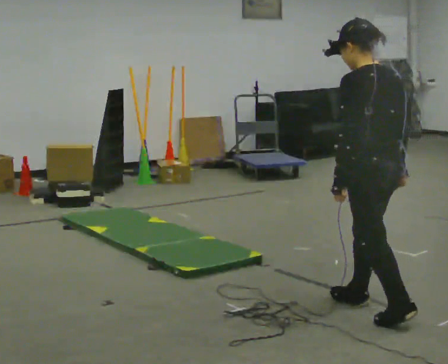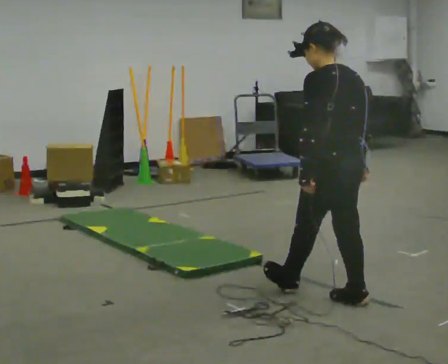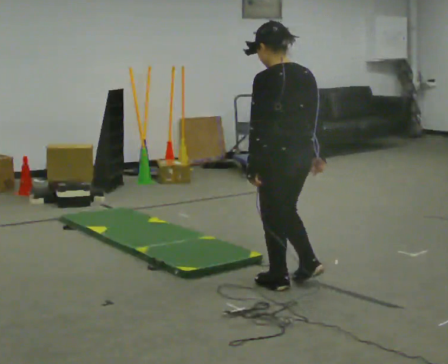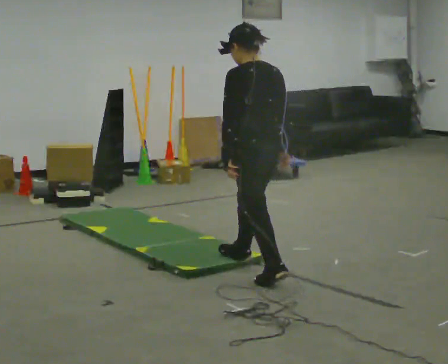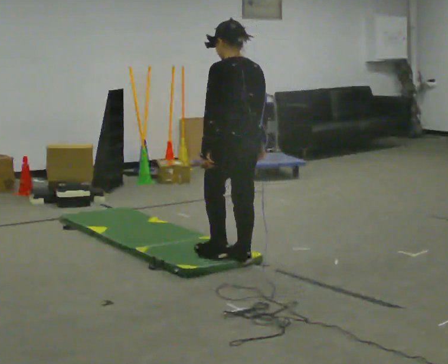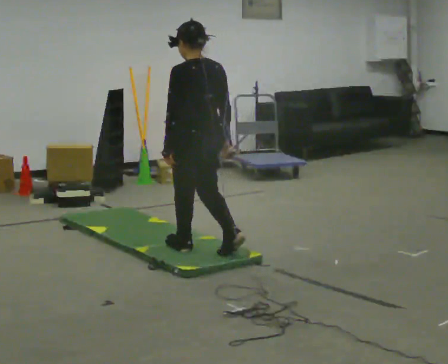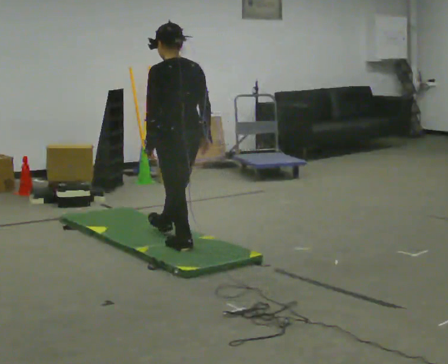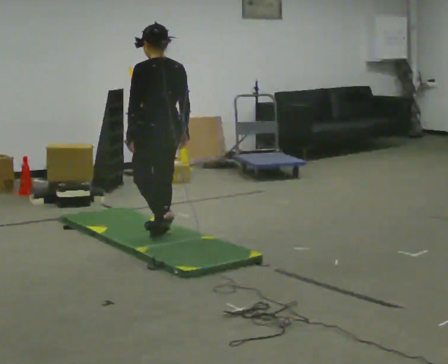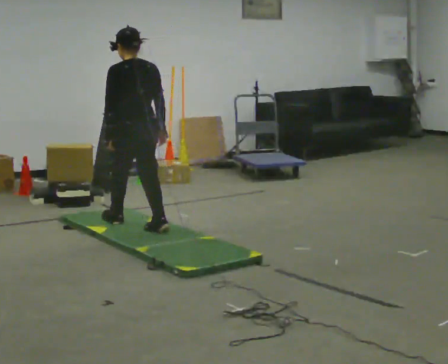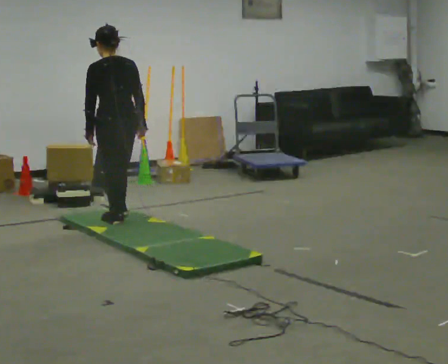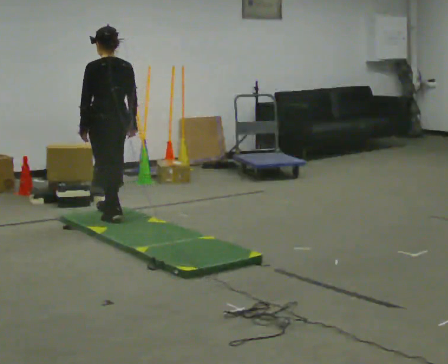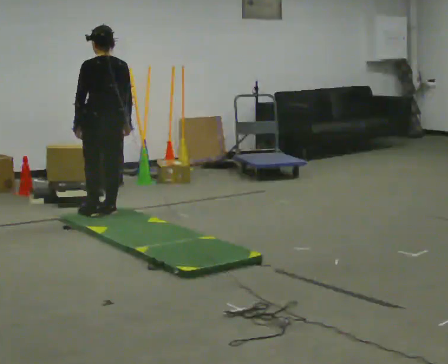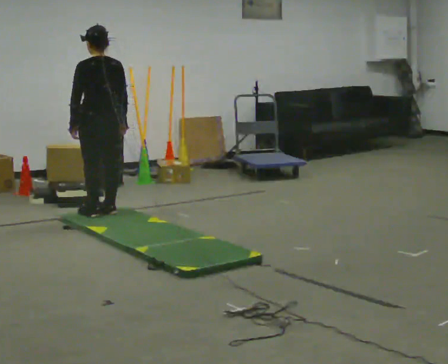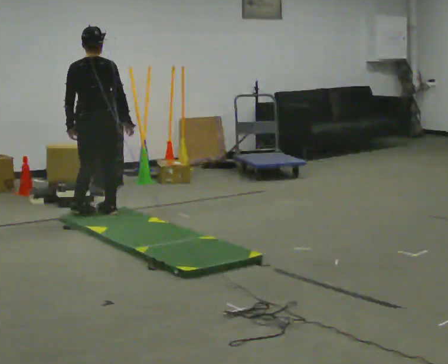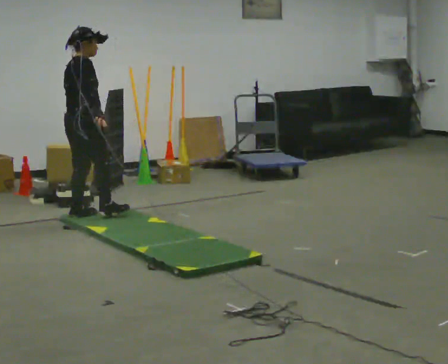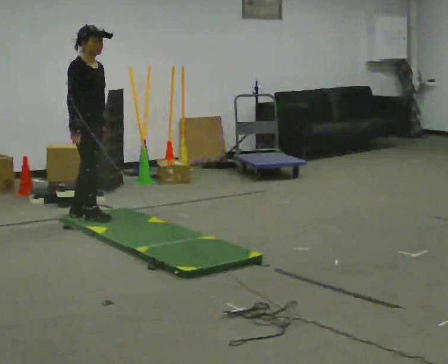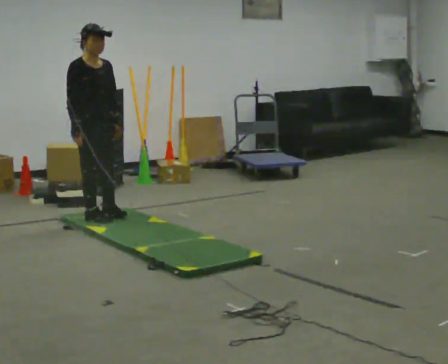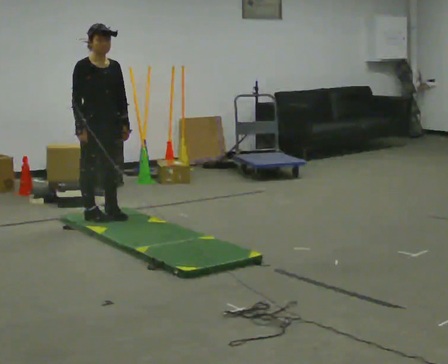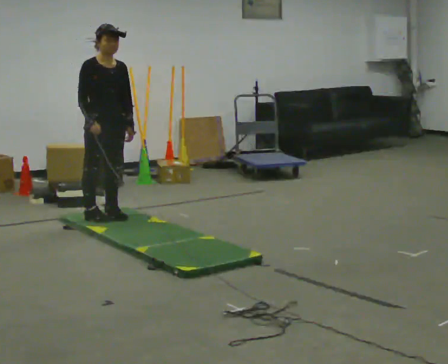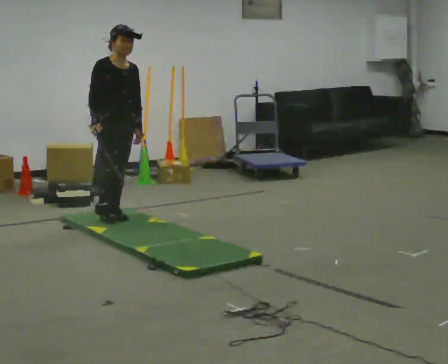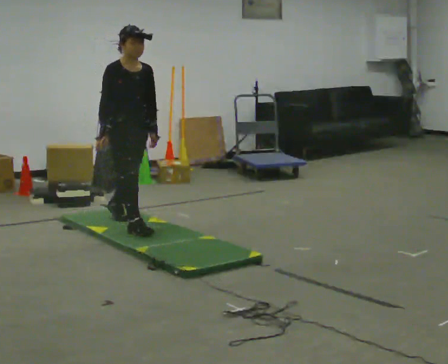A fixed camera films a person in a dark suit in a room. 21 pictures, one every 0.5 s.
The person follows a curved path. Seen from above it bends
counterclockwise.
The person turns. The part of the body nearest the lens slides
to the left.
0.0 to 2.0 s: In the picture they go away from the camera and to the left, about 1 m in 2 steps, which for them is forward.
2.0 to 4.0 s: In the picture they go away from the camera and to the left, about 1 m in 3 steps, which for them is forward.
4.0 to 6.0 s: In the picture they go away from the camera and to the left, about 0.5 m in 2 steps, which for them is forward.
6.0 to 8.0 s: Seen from above the body turns clockwise, about 165 degrees: to their right, with its near side sliding to the left. In the picture they go toward the camera, about 0.25 m in 2 steps. In the picture their left hand goes to the right, the arm swinging counterclockwise.
8.0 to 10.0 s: In the picture they go to the right and toward the camera, about 0.5 m in 2 steps, which for them is forward.
The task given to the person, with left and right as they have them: Walk across the mats at a normal pace. They may not all feel the same underfoot. Carry on afterwards.
The film runs forward here.
